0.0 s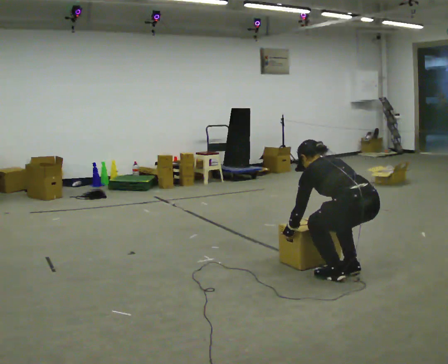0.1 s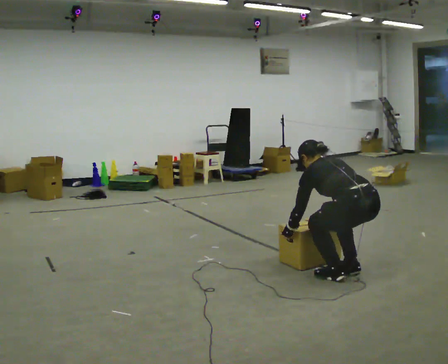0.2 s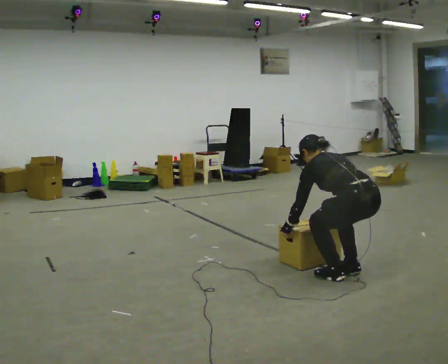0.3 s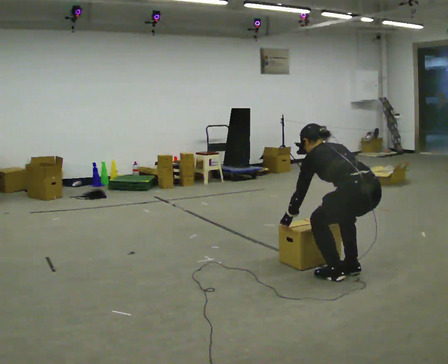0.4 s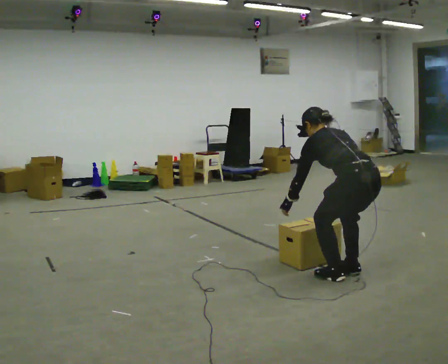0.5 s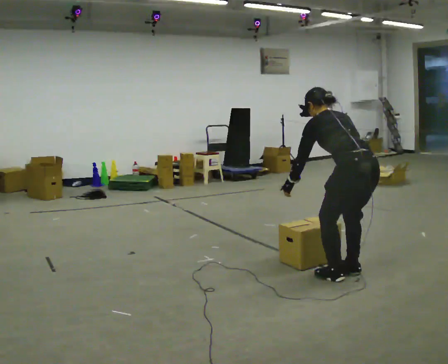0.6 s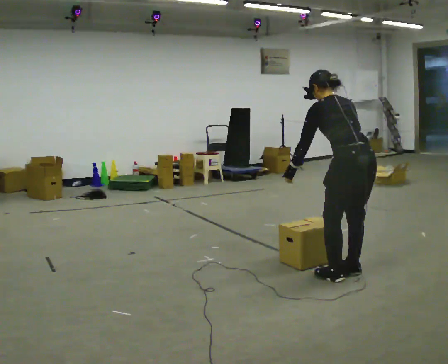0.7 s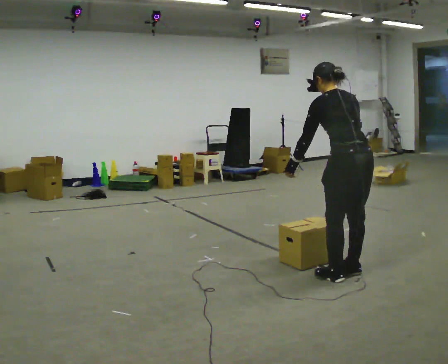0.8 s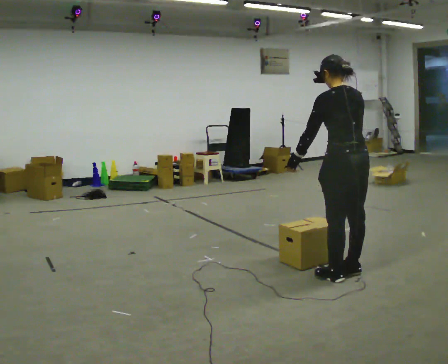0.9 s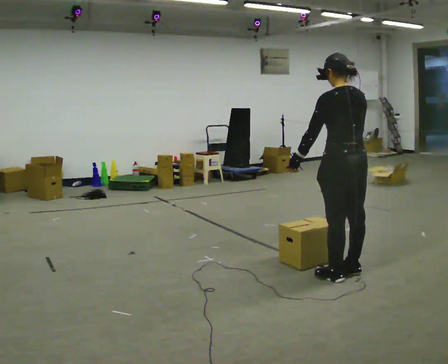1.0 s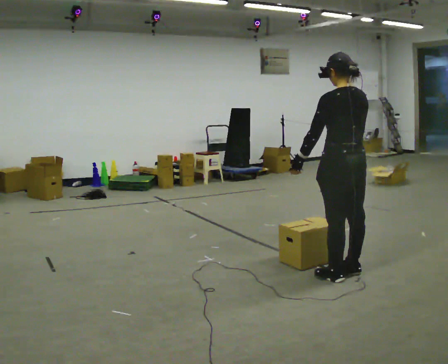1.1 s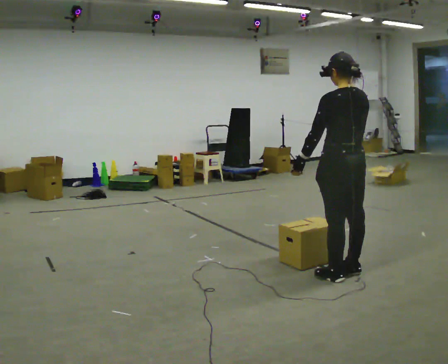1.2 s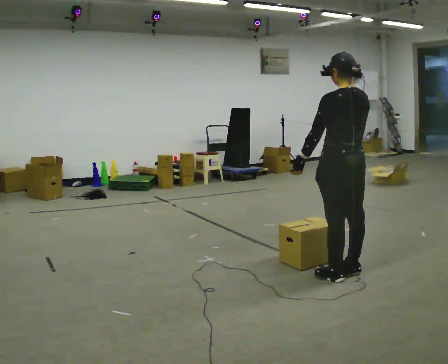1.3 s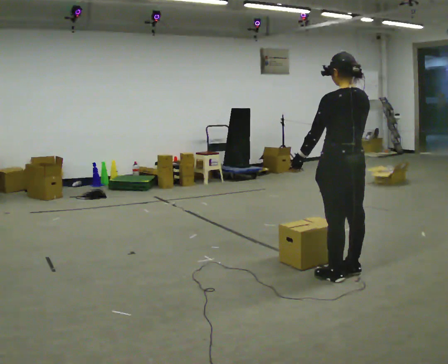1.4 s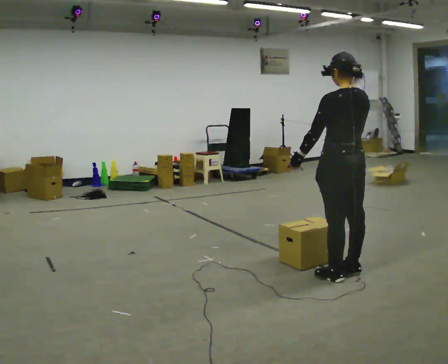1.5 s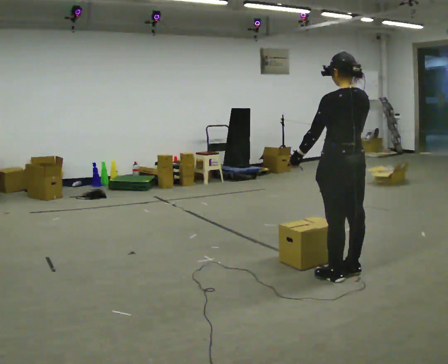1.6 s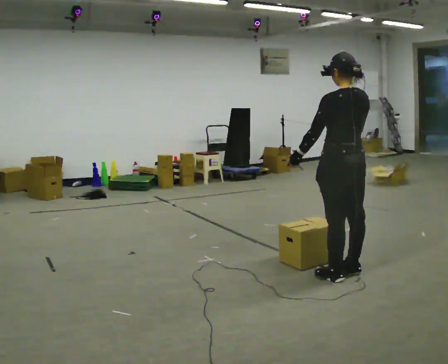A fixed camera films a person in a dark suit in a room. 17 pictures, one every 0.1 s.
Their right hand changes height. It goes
upward.
The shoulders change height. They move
upward.
0.0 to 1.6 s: The shoulders move upward. The upper body tips toward the camera, its near side rolling downward, as they lean back or straighten. In the picture their left hand goes upward.
The film runs backward here.
